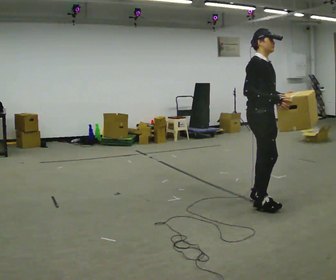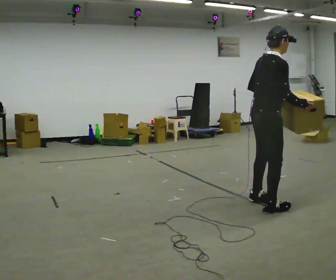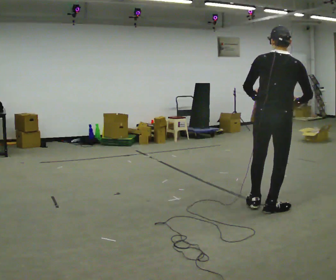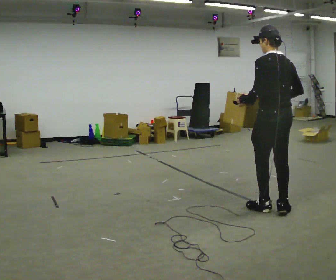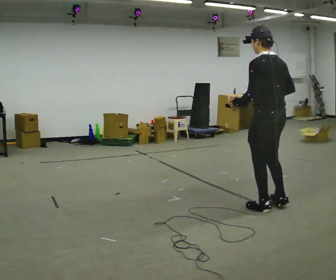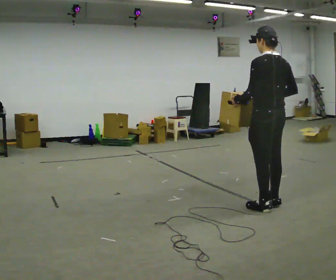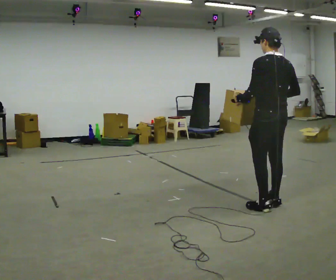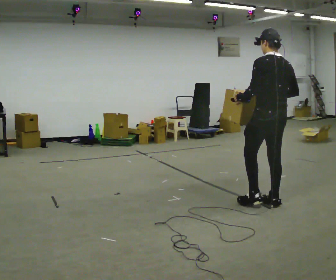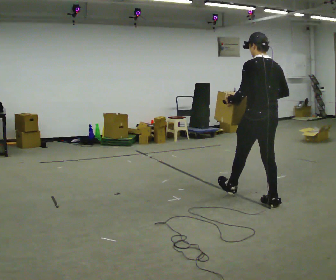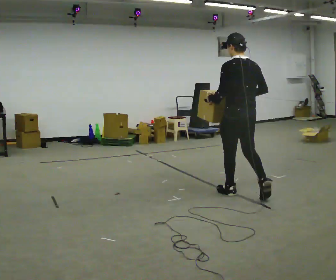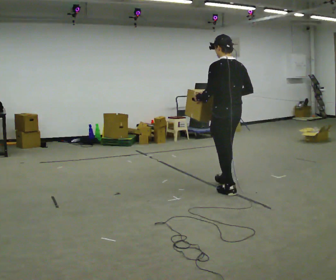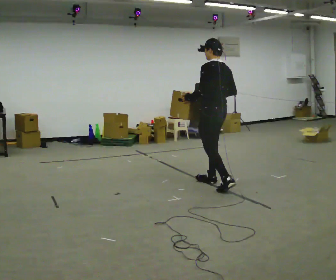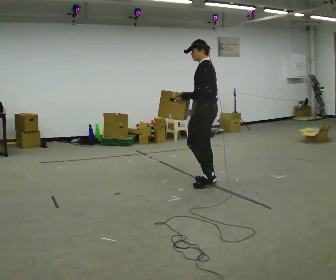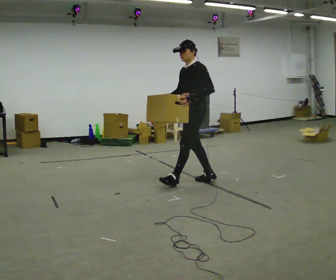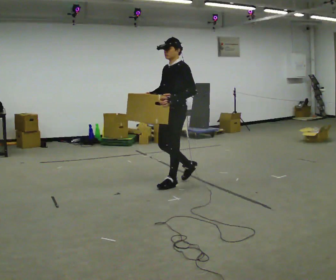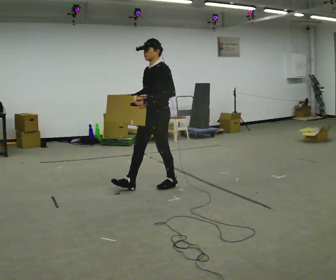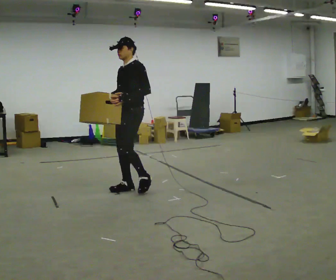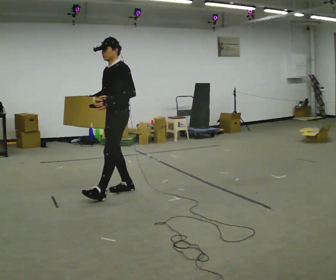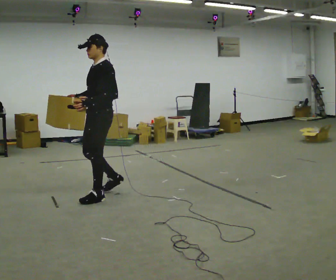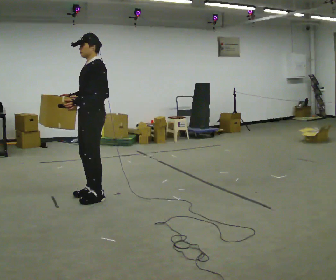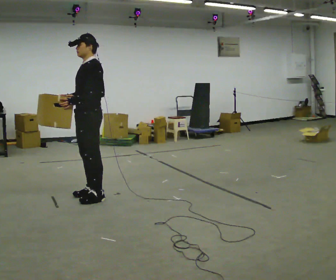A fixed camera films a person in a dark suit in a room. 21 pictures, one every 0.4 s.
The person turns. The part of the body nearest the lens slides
to the right.
The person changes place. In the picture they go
to the left.
0.0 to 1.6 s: Seen from above the body turns counterclockwise, about 165 degrees: to their left, with its near side sliding to the right. In the picture they go toward the camera, about 0.25 m in 2 steps.
1.6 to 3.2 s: In the picture they go away from the camera, about 0.25 m in 1 step, which for them is forward.
3.2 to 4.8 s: The person turns about 60 degrees to their left, counterclockwise seen from above, so the part of the body nearest the lens slides to the right. In the picture they go to the left and away from the camera, about 1 m in 2 steps, which for them is forward.
4.8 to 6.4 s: The person turns about 45 degrees to their left, counterclockwise seen from above, so the part of the body nearest the lens slides to the right. In the picture they go to the left and toward the camera, about 1 m in 2 steps, which for them is forward.
6.4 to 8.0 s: In the picture they go toward the camera and to the left, about 0.5 m in 2 steps, which for them is forward.
The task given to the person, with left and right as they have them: Carry the box along the marked route, turning 90 degrees at the corner the operator calls, and set it down at the end. Keep going until the operator says stop; one object at a time, and do not rush between trips.
The film runs forward here.
